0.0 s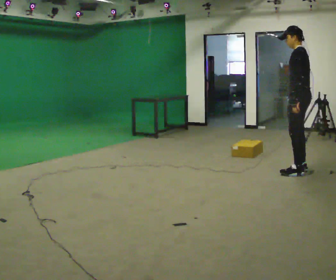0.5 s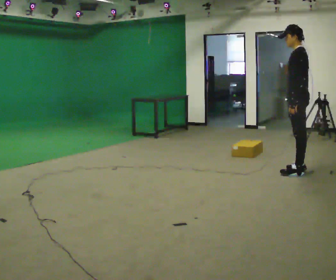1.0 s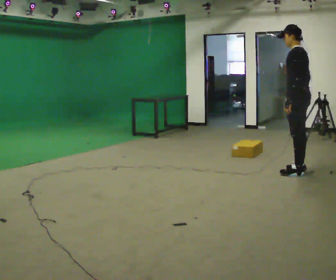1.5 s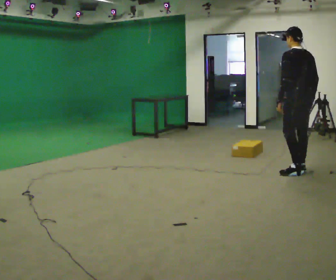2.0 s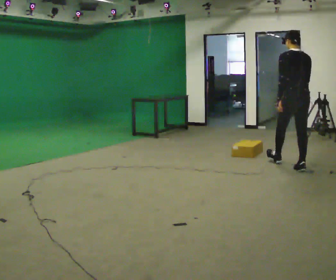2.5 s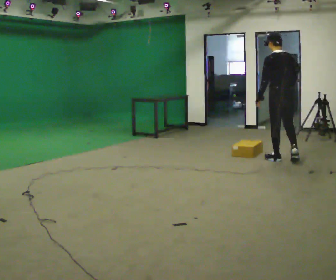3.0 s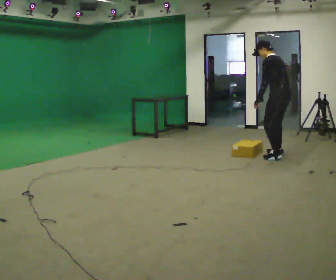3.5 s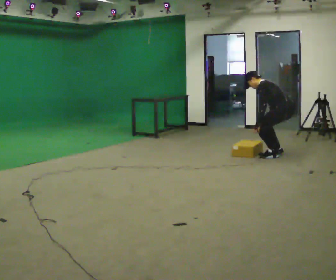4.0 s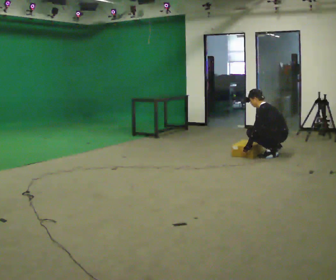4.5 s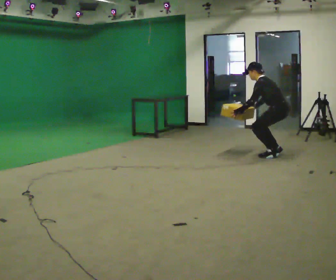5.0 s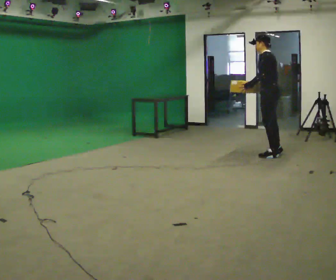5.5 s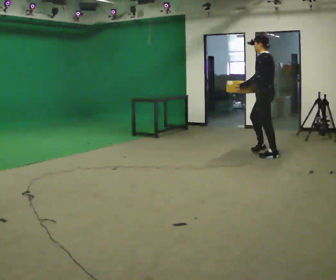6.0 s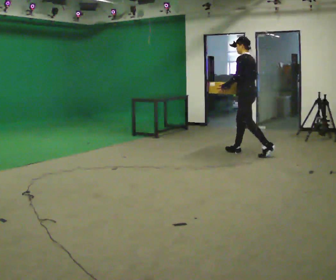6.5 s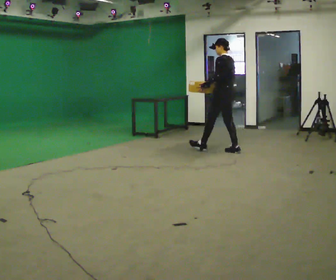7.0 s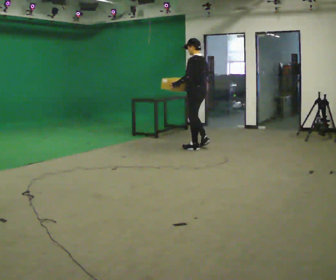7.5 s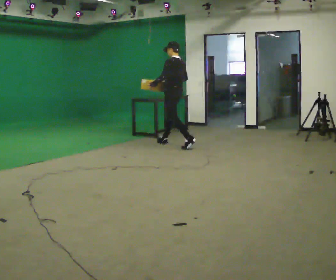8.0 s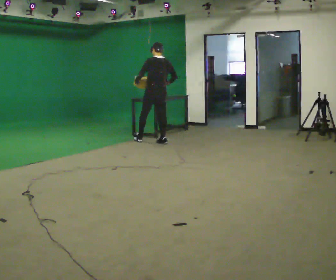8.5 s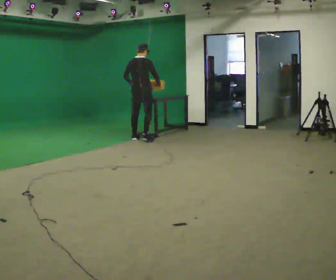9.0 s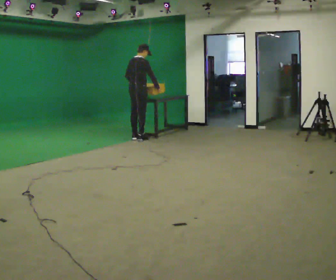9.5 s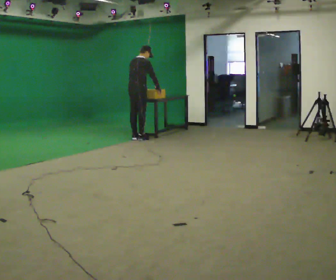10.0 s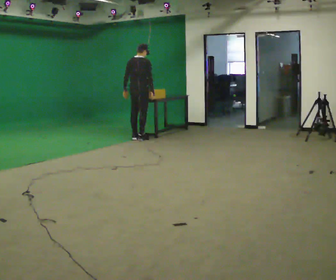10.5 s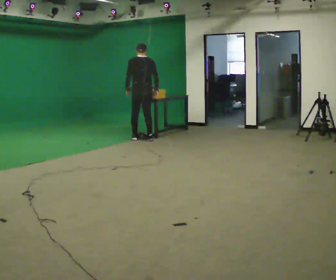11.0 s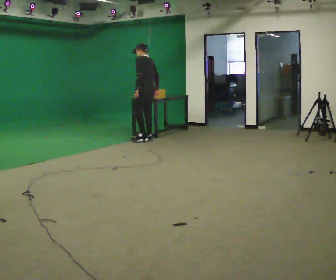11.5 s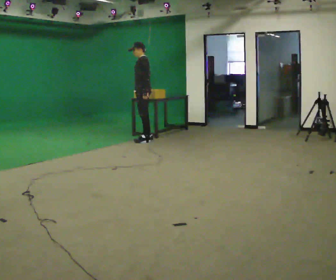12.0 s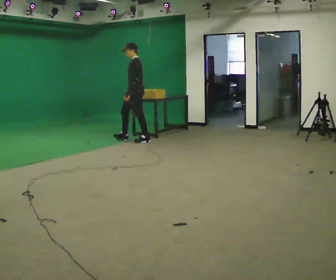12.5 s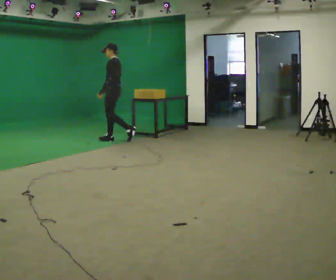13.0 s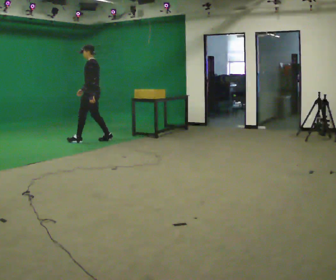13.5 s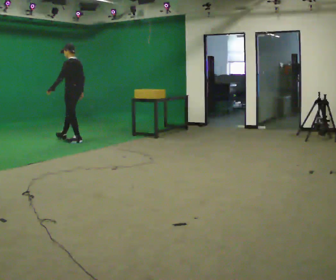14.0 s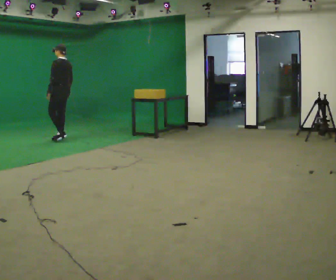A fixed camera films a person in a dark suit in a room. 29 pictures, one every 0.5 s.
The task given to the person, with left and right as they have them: Walk quickly but do not run; remain comfortable and controlled; stop.
0.0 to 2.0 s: Seen from above the body turns clockwise, about 60 degrees: to their right, with its near side sliding to the left. In the picture they go away from the camera, about 0.25 m.
2.0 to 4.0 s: The part of the body nearest the lens slides to the right as the person turns to their left by about 60 degrees. In the picture they go away from the camera, about 0.5 m in 3 steps. The shoulders move downward. In the picture their right hand goes downward.
4.0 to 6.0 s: In the picture they go to the left, about 0.5 m in 2 steps, which for them is forward. The upper body goes upward. In the picture their right hand goes upward.
6.0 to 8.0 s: The part of the body nearest the lens slides to the left as the person turns to their right by about 30 degrees. In the picture they go to the left and away from the camera, about 1.5 m in 2 steps, which for them is forward.
8.0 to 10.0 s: The part of the body nearest the lens slides to the left as the person turns to their right by about 45 degrees. In the picture they go to the left and away from the camera, about 0.5 m in 2 steps.
10.0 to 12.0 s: The part of the body nearest the lens slides to the right as the person turns to their left by about 120 degrees. In the picture they go toward the camera, about 0.25 m in 2 steps. In the picture their right hand goes to the left.
12.0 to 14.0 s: The part of the body nearest the lens slides to the left as the person turns to their right by about 30 degrees. In the picture they go to the left, about 1.5 m in 3 steps, which for them is forward.
The film runs forward here.
